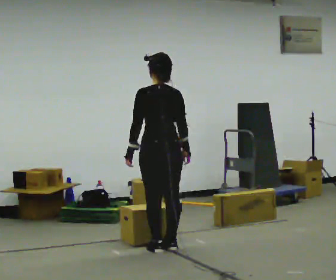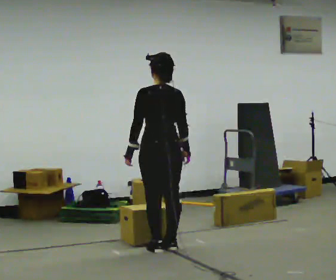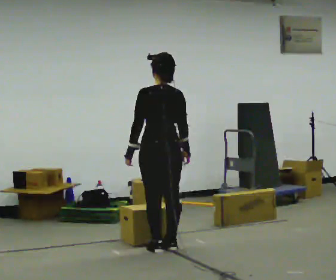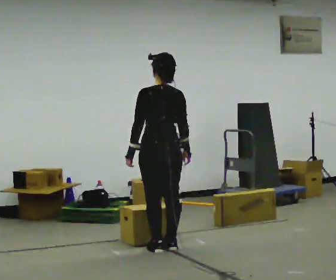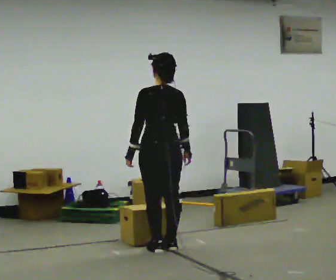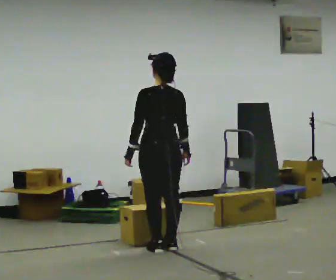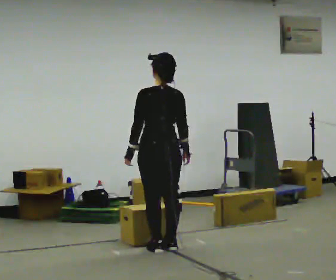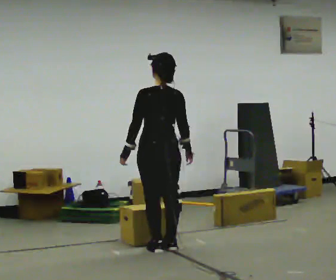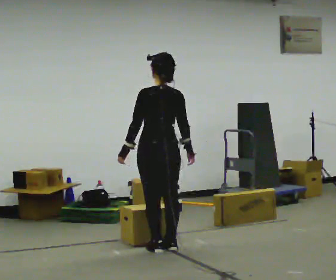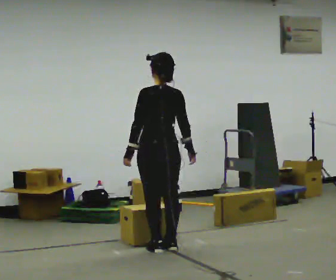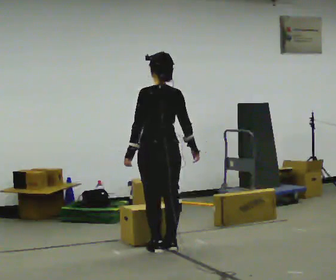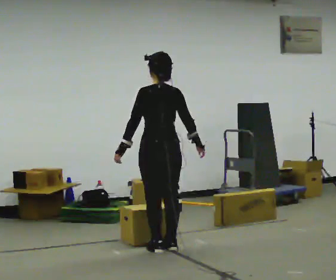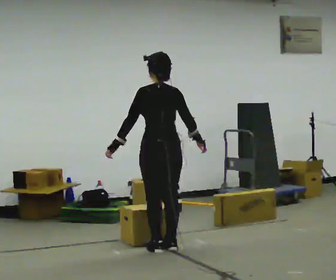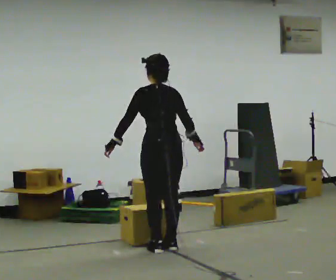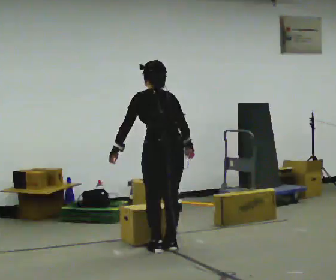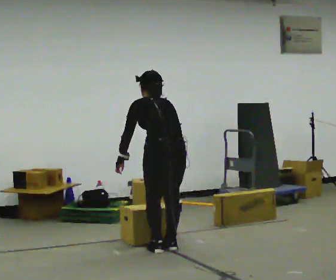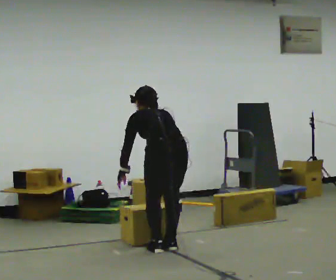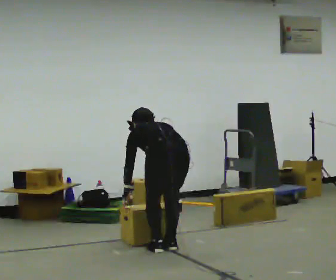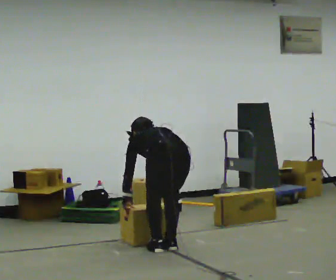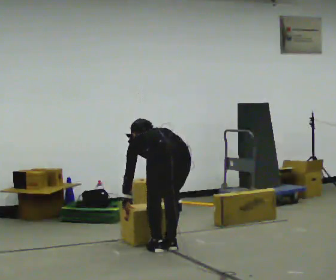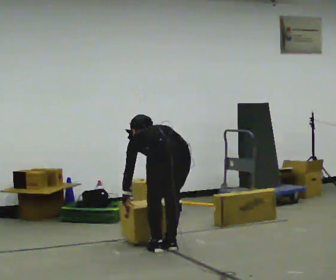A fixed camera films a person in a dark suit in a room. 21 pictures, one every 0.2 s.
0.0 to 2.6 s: The person moves a little, or ends about where they began.
2.6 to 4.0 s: The shoulders move downward. The upper body tips away from the camera, its near side rolling upward, as they bend forward. In the picture their right hand goes downward.
The film runs backward here.
